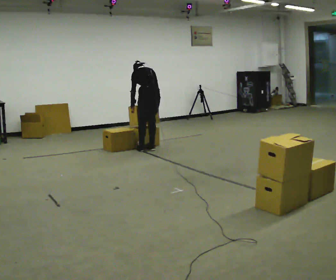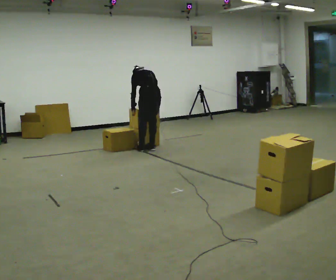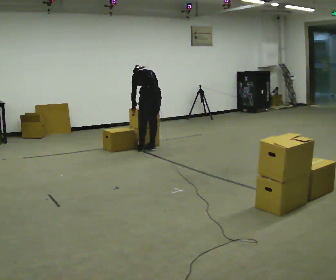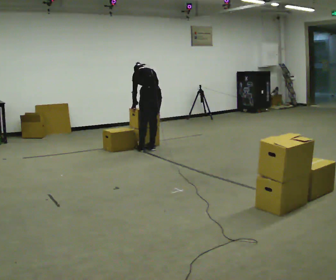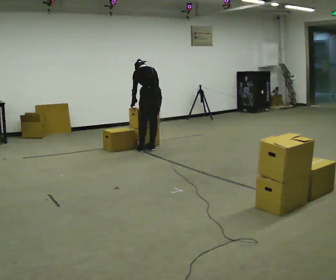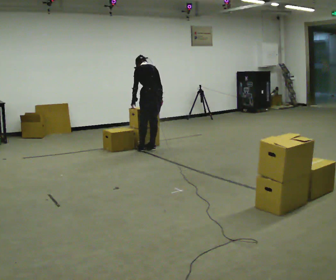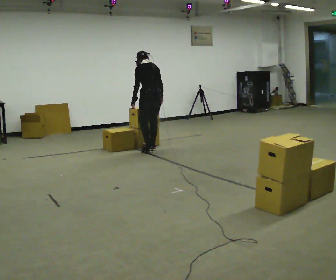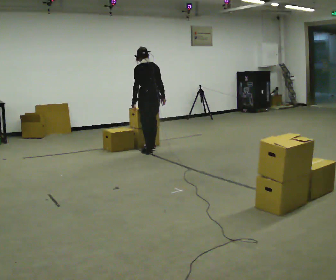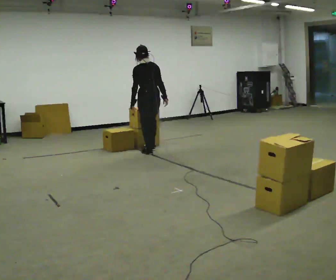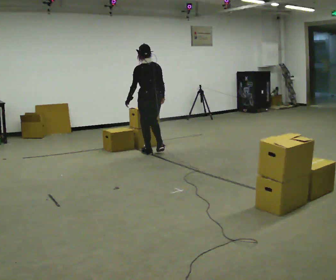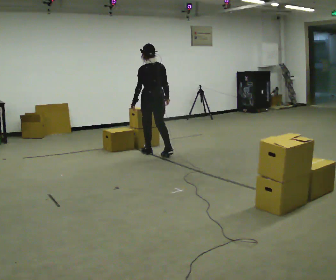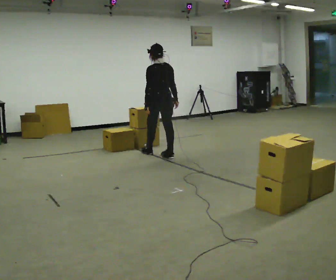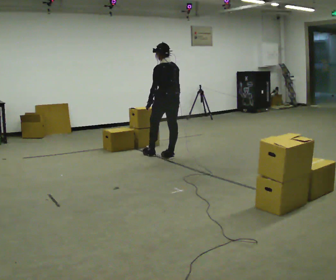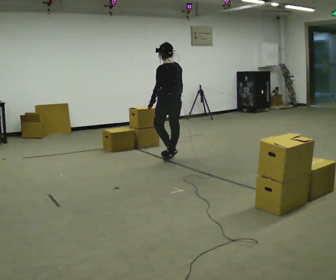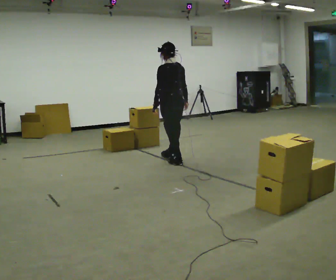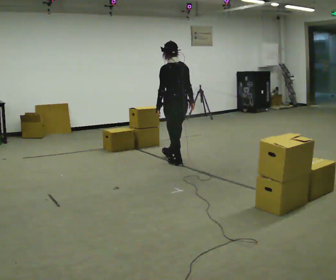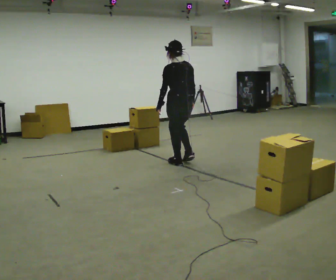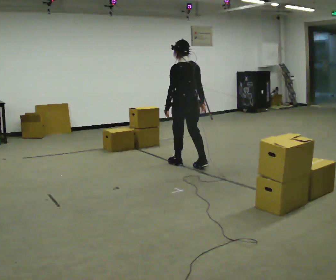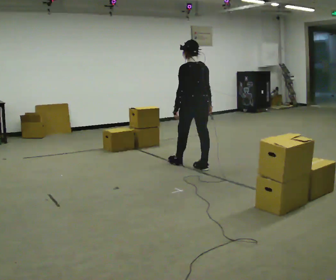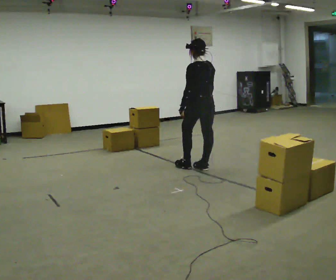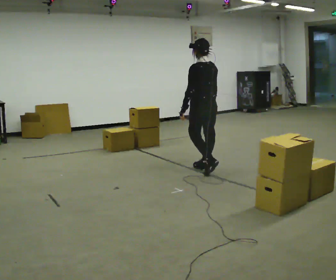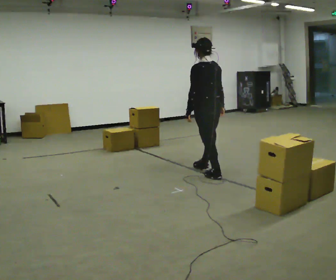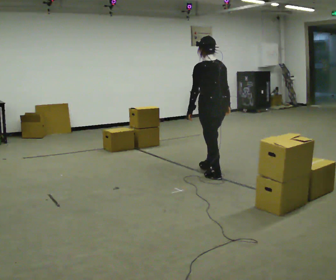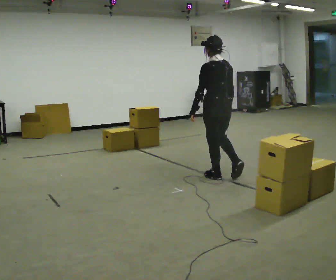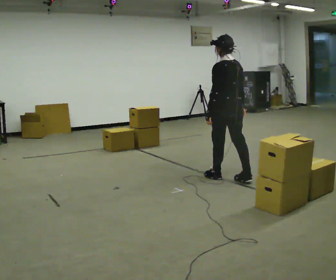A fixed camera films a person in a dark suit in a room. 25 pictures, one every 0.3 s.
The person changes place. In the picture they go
toward the camera.
0.0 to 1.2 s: The person moves a little, or ends about where they began.
1.2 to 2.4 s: In the picture they go toward the camera, about 0.25 m in 1 step, which for them is backward. The upper body tips toward the camera, its near side rolling downward, as they lean back or straighten.
2.4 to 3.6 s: In the picture they go toward the camera and to the right, about 0.5 m in 2 steps, which for them is backward and to their right.
3.6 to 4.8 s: In the picture they go toward the camera, about 0.5 m in 1 step, which for them is backward.
4.8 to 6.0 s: In the picture they go to the right and toward the camera, about 0.5 m in 1 step, which for them is backward and to their right.
6.0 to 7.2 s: In the picture they go toward the camera and to the right, about 0.5 m in 1 step, which for them is backward.
The film runs backward here.
